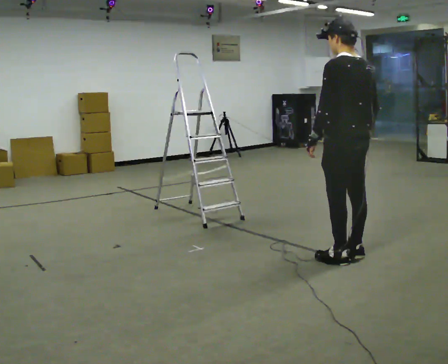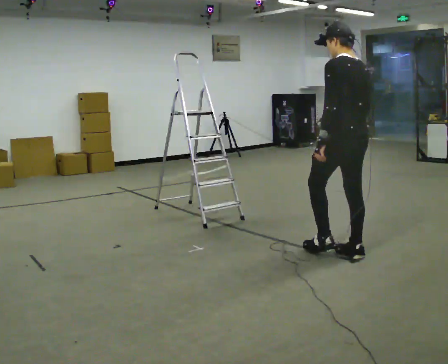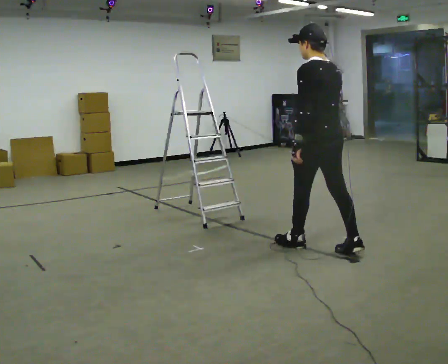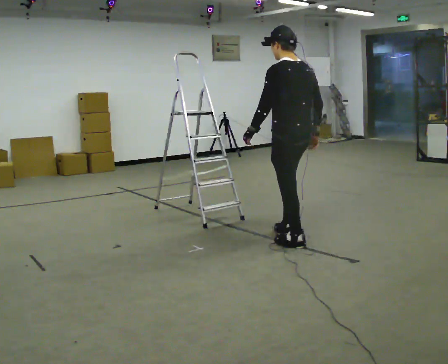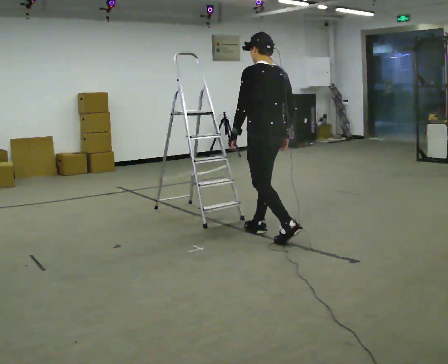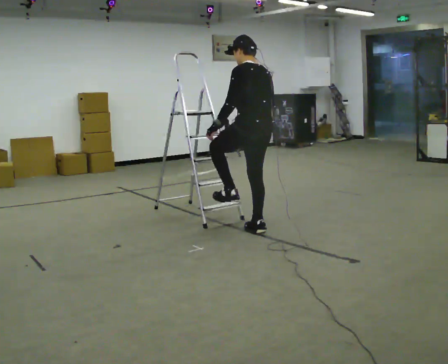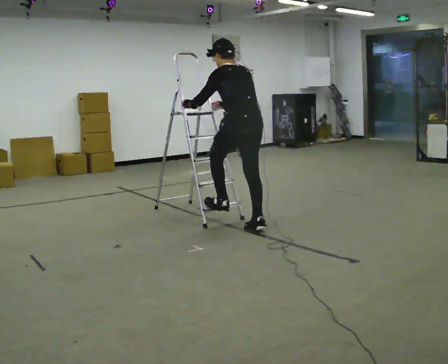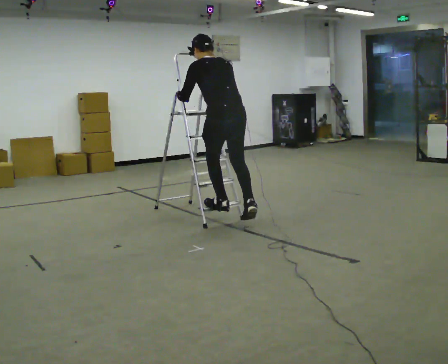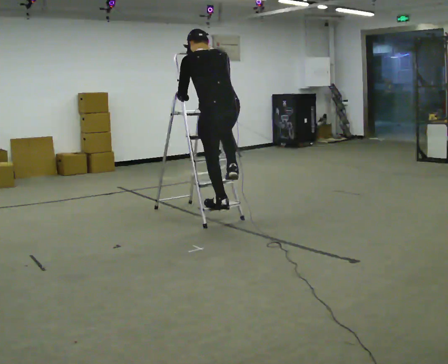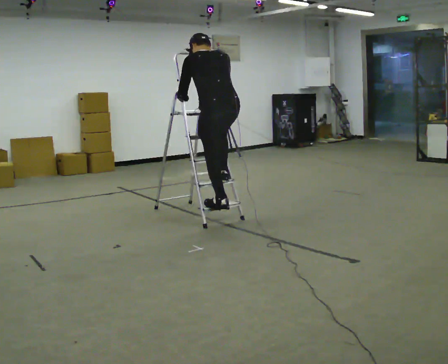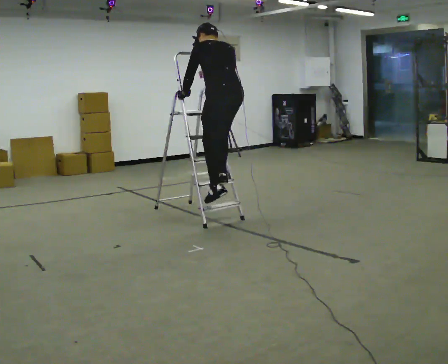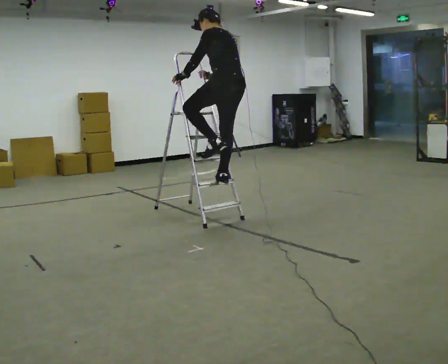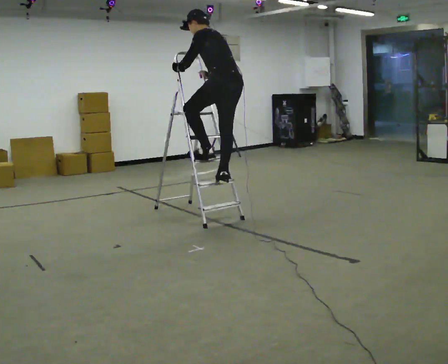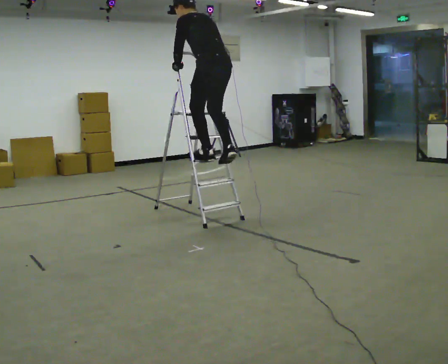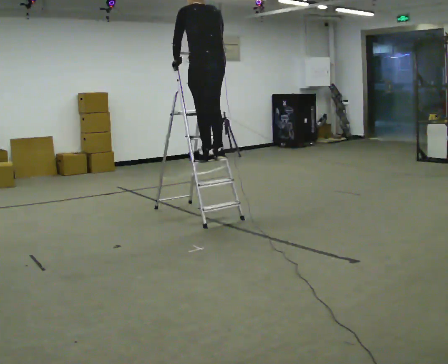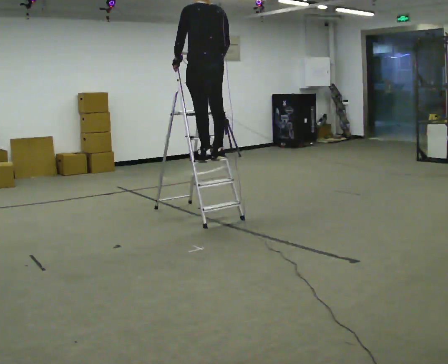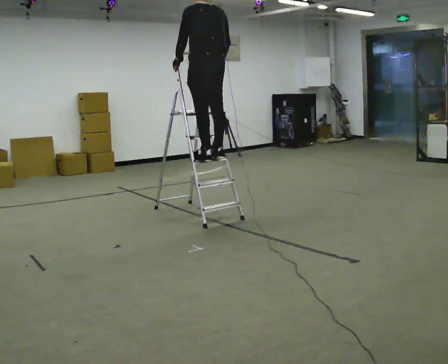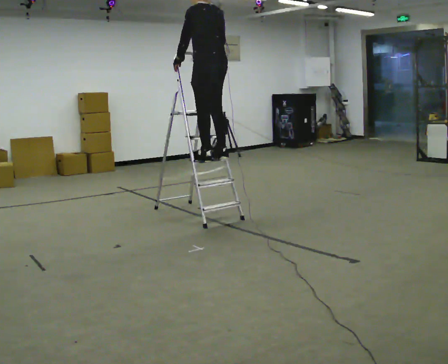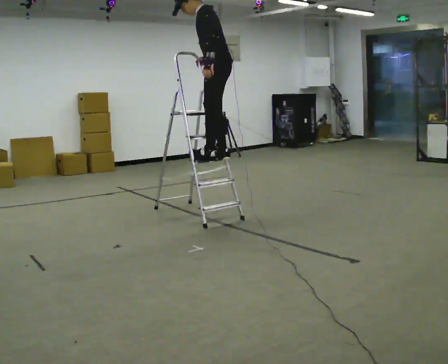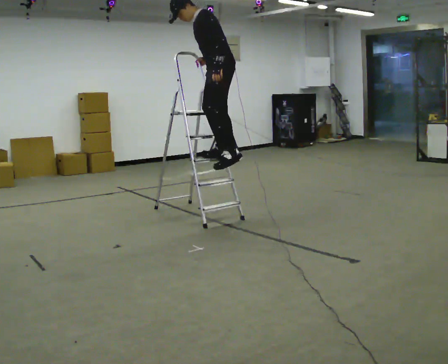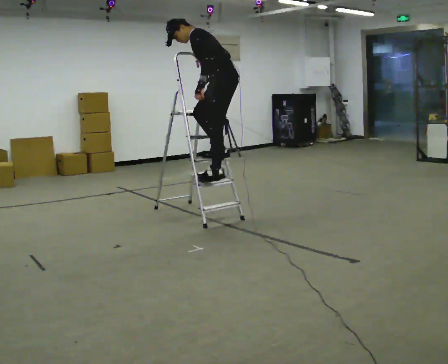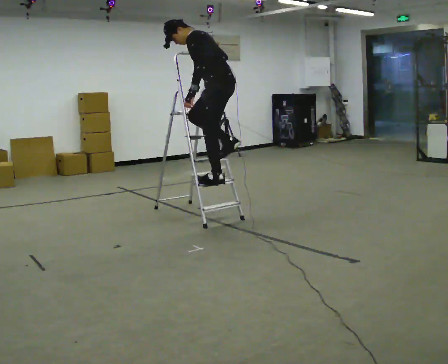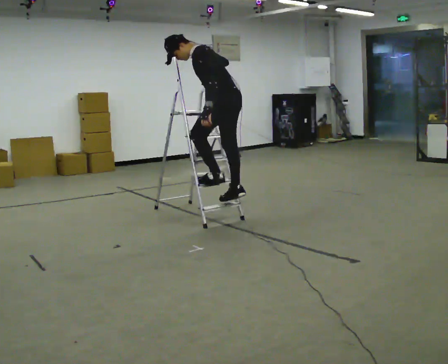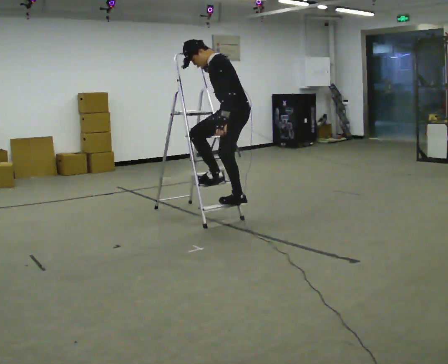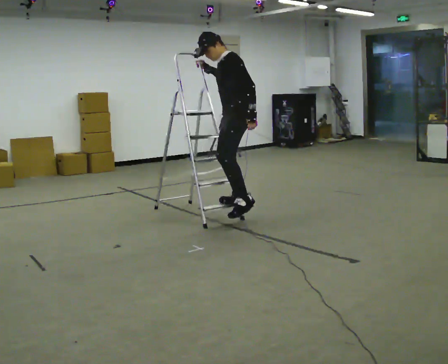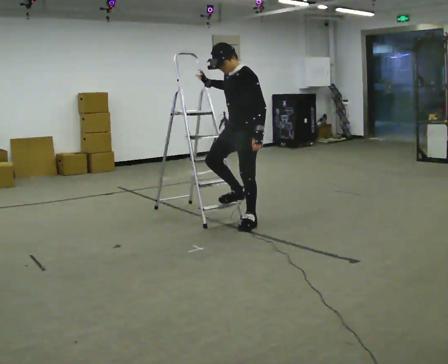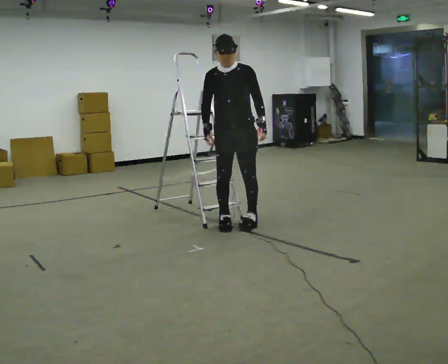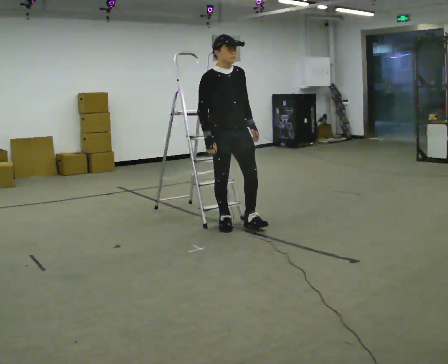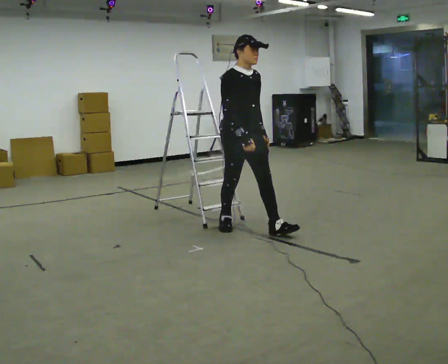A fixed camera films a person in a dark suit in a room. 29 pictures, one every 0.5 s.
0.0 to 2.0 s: In the picture they go away from the camera and to the left, about 1 m in 2 steps, which for them is forward.
2.0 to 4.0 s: The person turns about 30 degrees to their right, clockwise seen from above, so the part of the body nearest the lens slides to the left. In the picture they go to the left and away from the camera, about 0.5 m in 1 step, which for them is forward. The shoulders move upward. In the picture the upper body tilts counterclockwise, shoulders to the left. In the picture their right hand goes upward.
4.0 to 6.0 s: The part of the body nearest the lens slides to the right as the person turns to their left by about 30 degrees. In the picture they go away from the camera, about 0.25 m in 2 steps, which for them is to their right. The upper body goes upward.
6.0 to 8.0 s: In the picture they go to the left, about 0.25 m in 1 step, which for them is forward. The shoulders move upward. The upper body tips toward the camera, its near side rolling downward, as they lean back or straighten.
8.0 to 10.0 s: The part of the body nearest the lens slides to the right as the person turns to their left by about 45 degrees. In the picture they go to the right, about 0.25 m in 1 step. The shoulders move downward. In the picture the upper body tilts counterclockwise, shoulders to the left, as they bend forward.
10.0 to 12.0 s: The person moves a little, or ends about where they began.
12.0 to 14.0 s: Seen from above the body turns counterclockwise, about 120 degrees: to their left, with its near side sliding to the right. In the picture they go toward the camera, about 0.25 m in 2 steps. In the picture the upper body tilts clockwise, shoulders to the right. In the picture their right hand goes downward.
The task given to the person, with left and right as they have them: Walk up the three steps, turn at the top, and walk back down at a comfortable speed. Use the handrail only if you need it.
The film runs forward here.
